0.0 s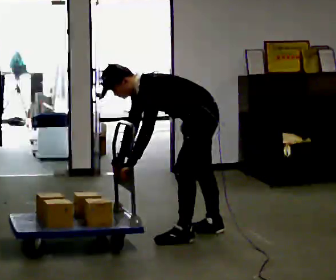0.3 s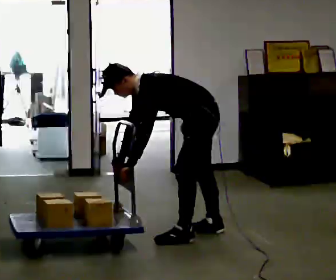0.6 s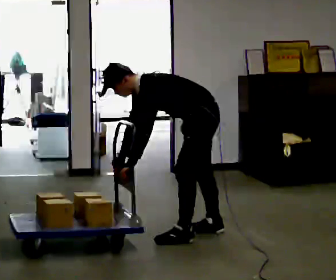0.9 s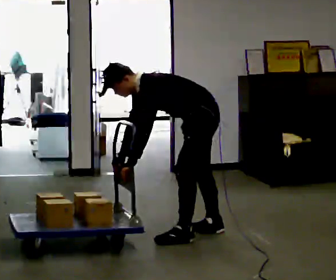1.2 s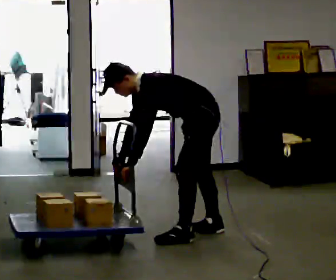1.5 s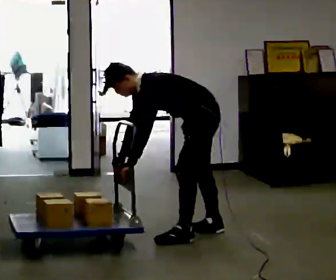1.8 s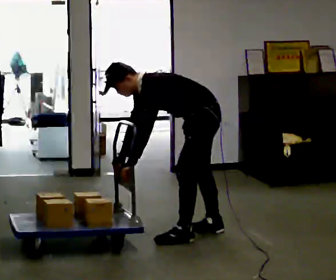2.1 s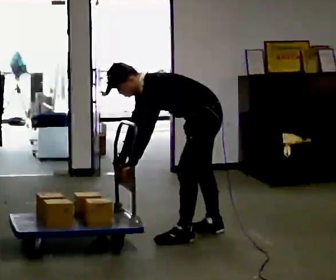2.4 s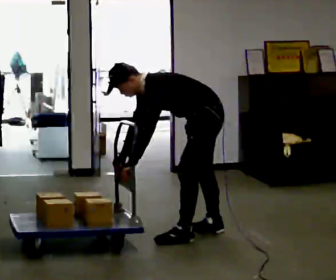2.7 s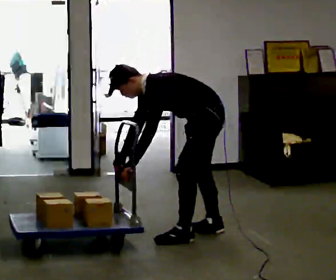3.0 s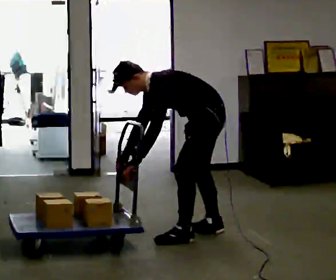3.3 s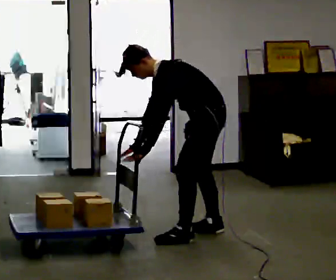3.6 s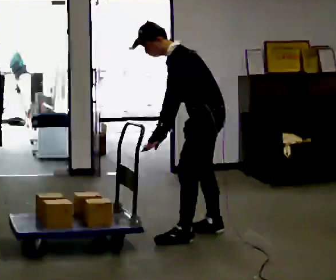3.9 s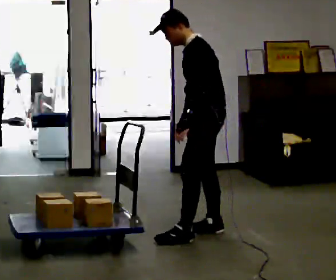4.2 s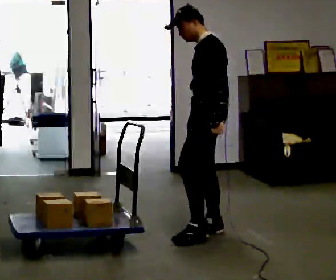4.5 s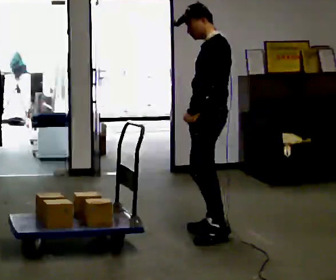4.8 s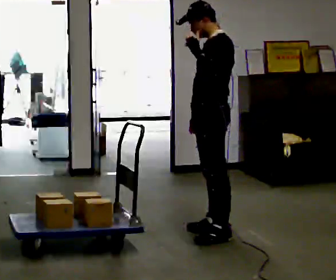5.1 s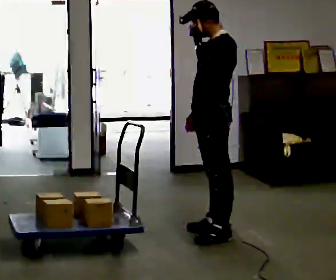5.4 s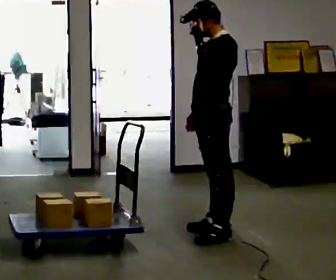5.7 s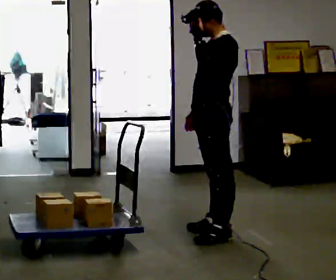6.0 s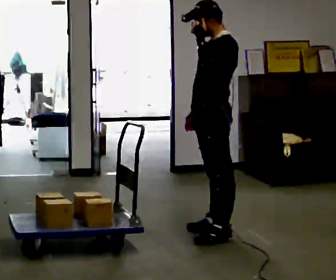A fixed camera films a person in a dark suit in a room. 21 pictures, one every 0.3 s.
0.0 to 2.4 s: The person moves a little, or ends about where they began.
2.4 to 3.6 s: The upper body goes upward. In the picture the upper body tilts clockwise, shoulders to the right, as they lean back or straighten.
3.6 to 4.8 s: In the picture the upper body tilts clockwise, shoulders to the right, as they lean back or straighten. In the picture their left hand goes upward.
4.8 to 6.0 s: The person moves a little, or ends about where they began.
The film runs backward here.
